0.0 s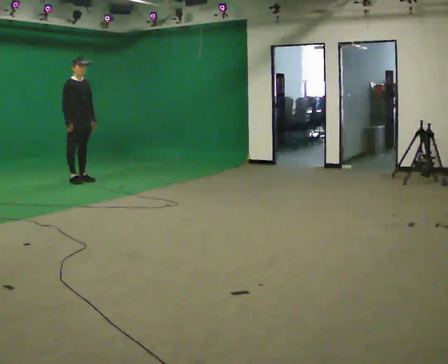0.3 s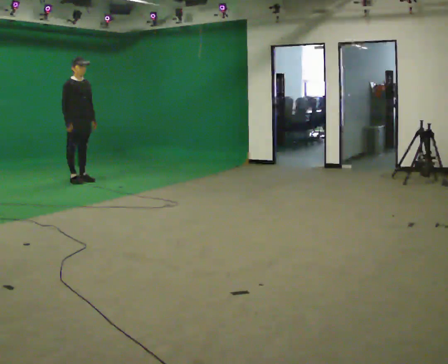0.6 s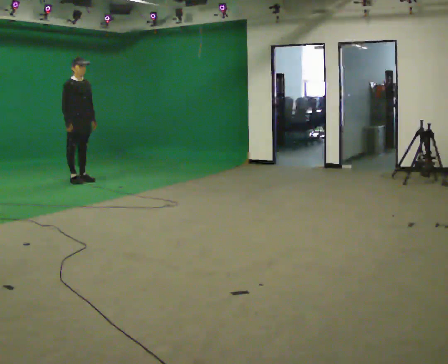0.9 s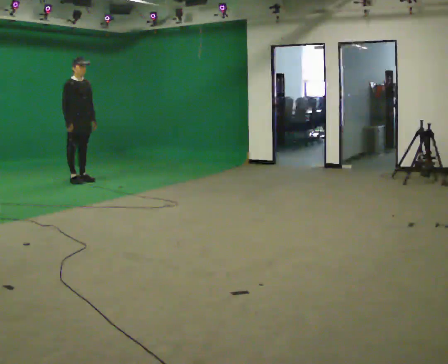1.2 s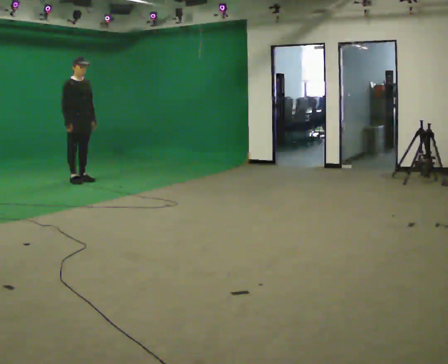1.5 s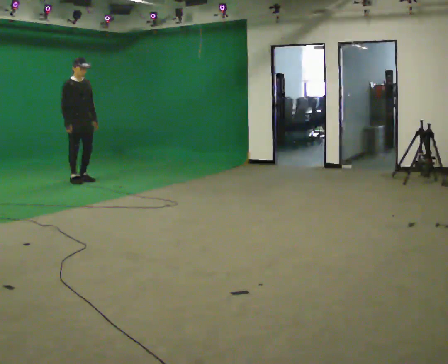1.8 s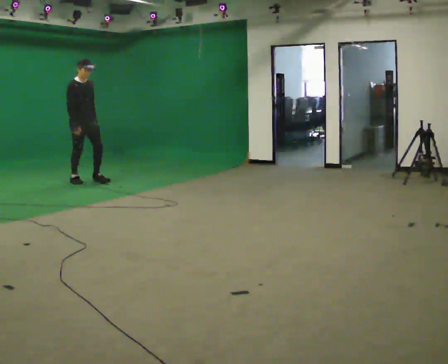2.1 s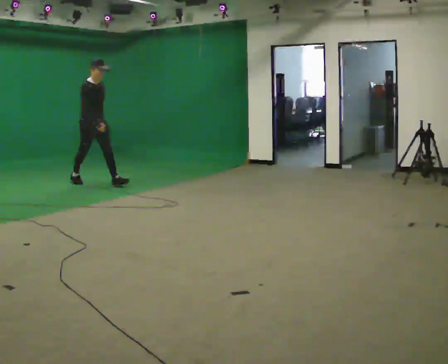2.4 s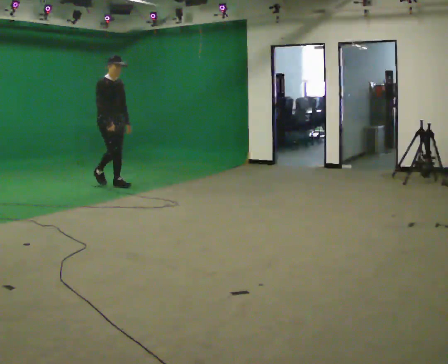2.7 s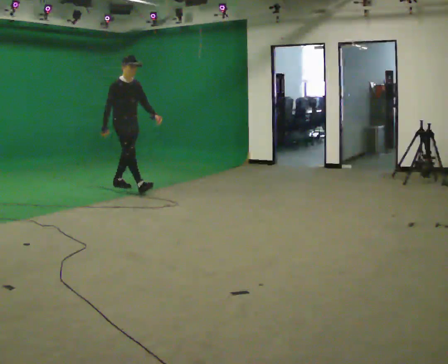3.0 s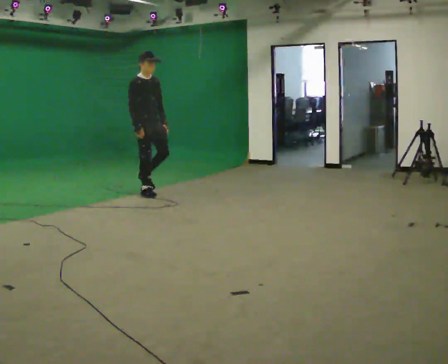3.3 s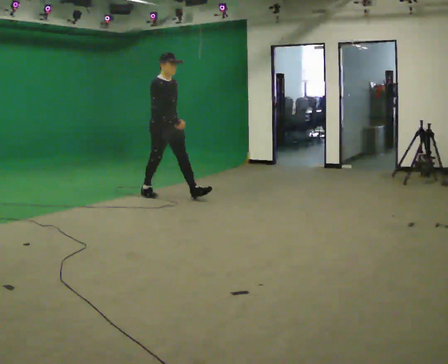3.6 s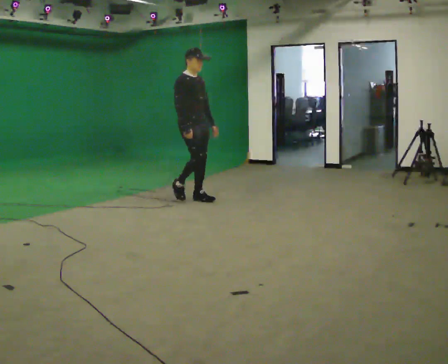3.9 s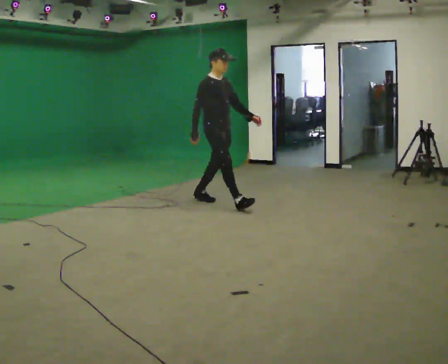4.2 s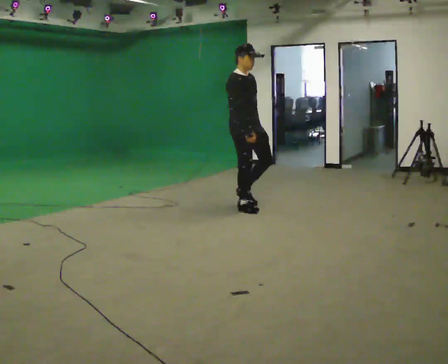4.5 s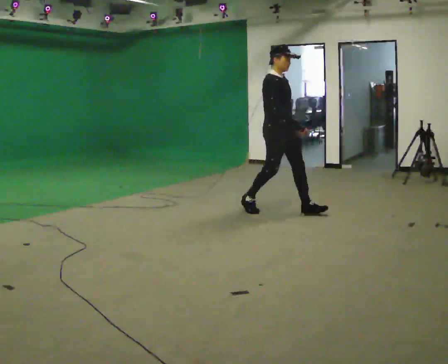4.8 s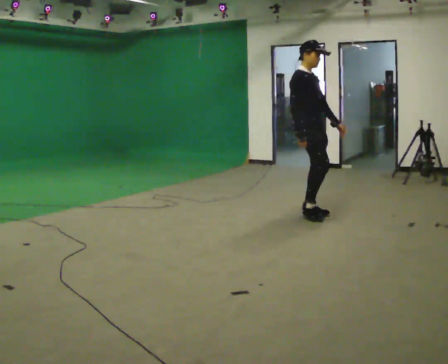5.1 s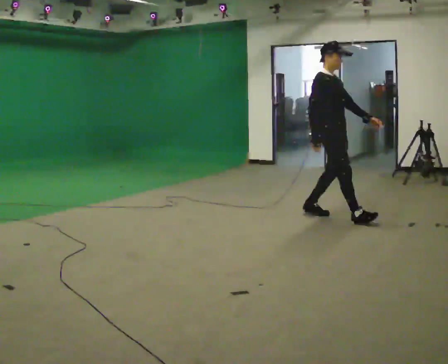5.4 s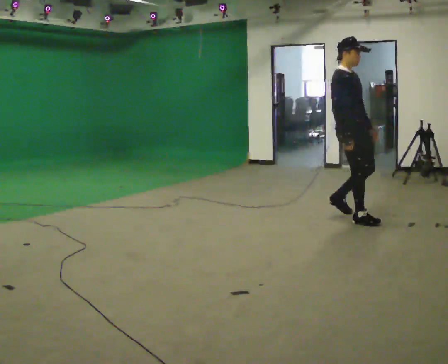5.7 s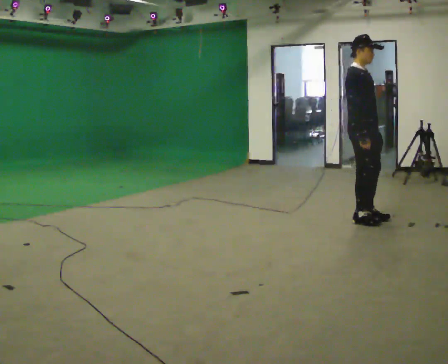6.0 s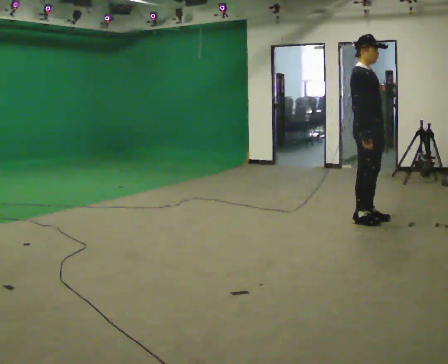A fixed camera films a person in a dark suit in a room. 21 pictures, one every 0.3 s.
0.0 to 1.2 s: The person moves a little, or ends about where they began.
1.2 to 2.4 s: In the picture they go to the right and toward the camera, about 0.75 m in 1 step, which for them is forward.
2.4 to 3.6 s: In the picture they go to the right and toward the camera, about 1.5 m in 2 steps, which for them is forward.
3.6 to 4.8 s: In the picture they go to the right and toward the camera, about 1.5 m in 2 steps, which for them is forward.
4.8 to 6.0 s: In the picture they go to the right and toward the camera, about 0.5 m in 2 steps, which for them is forward.
The film runs forward here.
